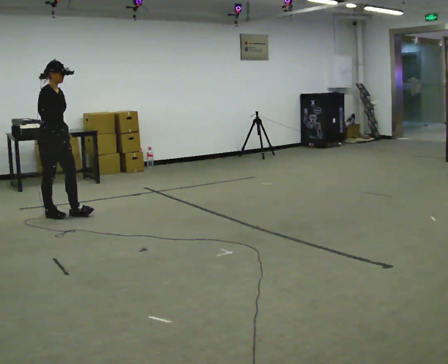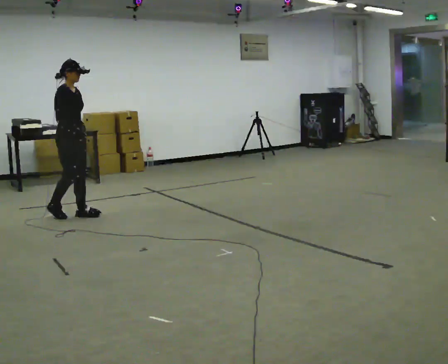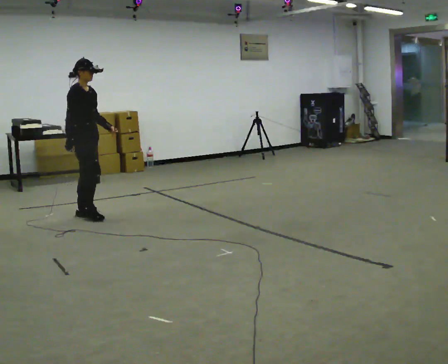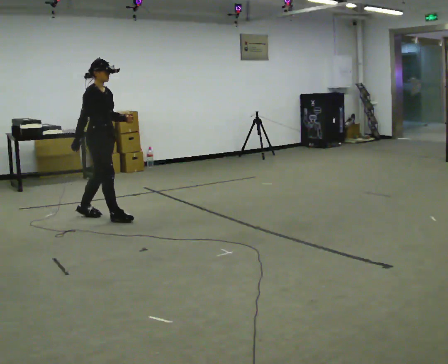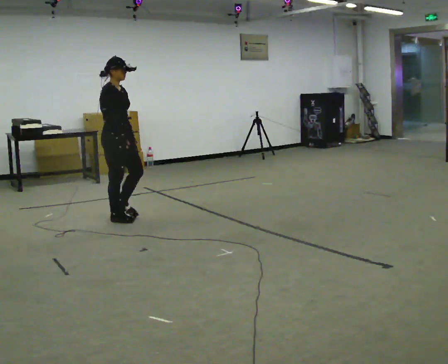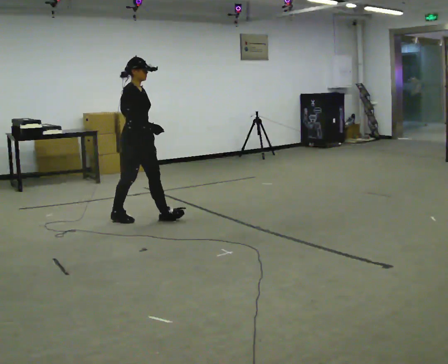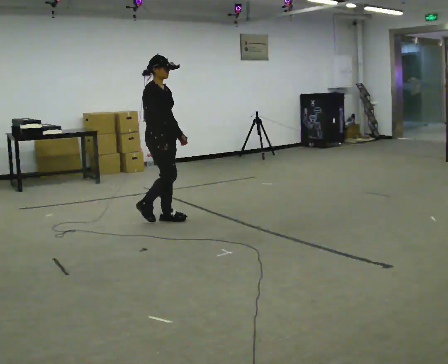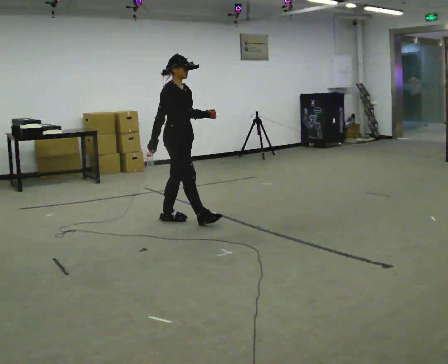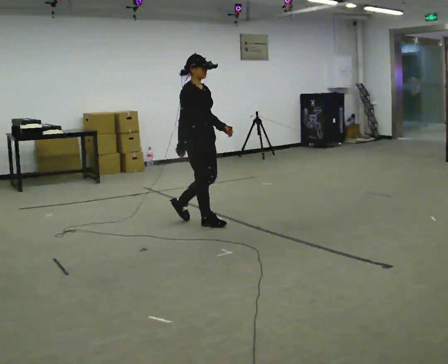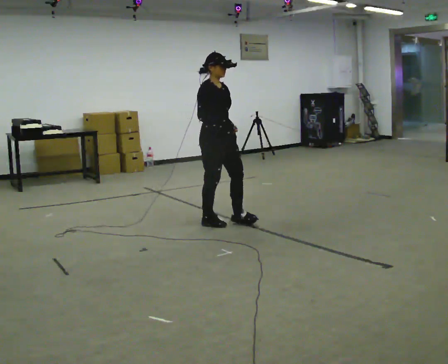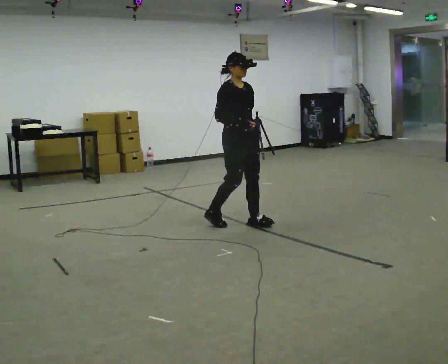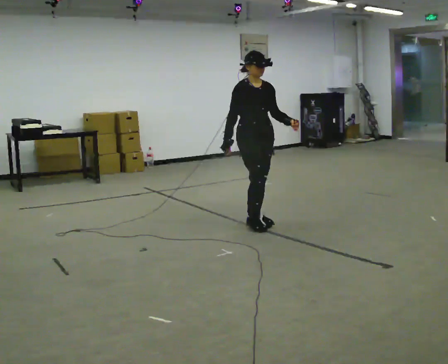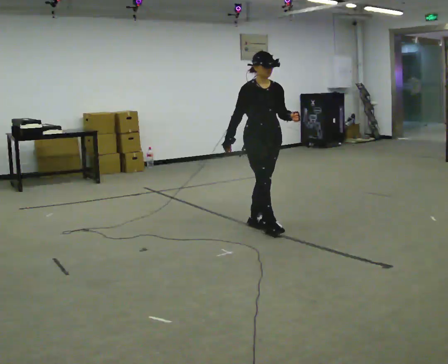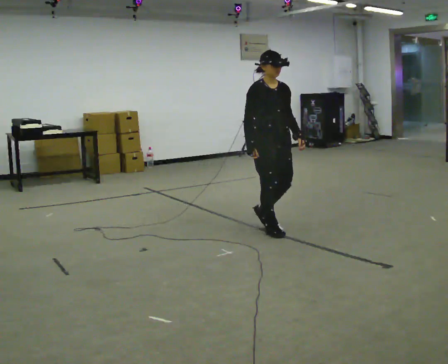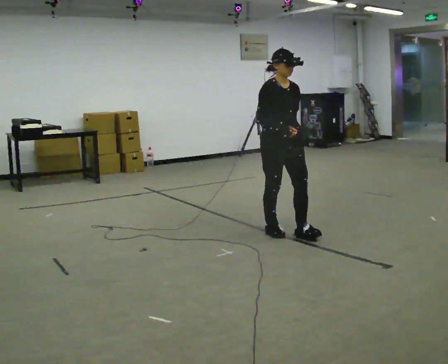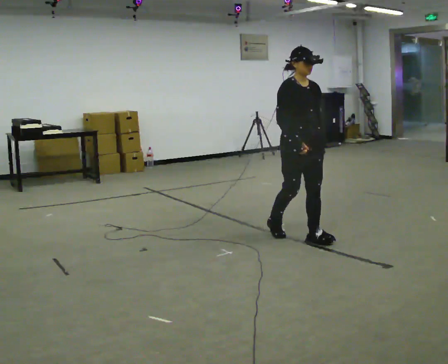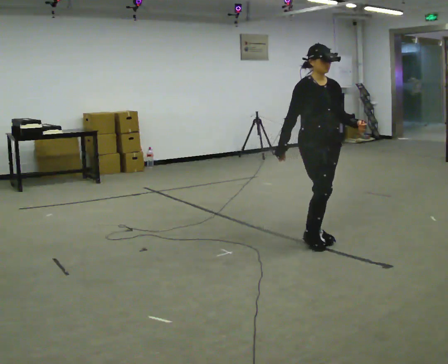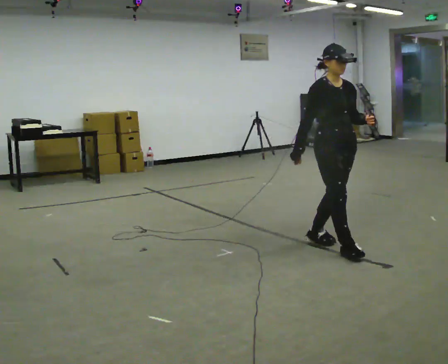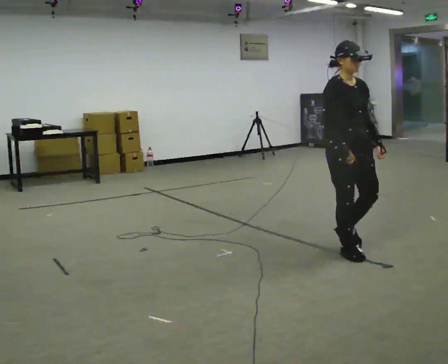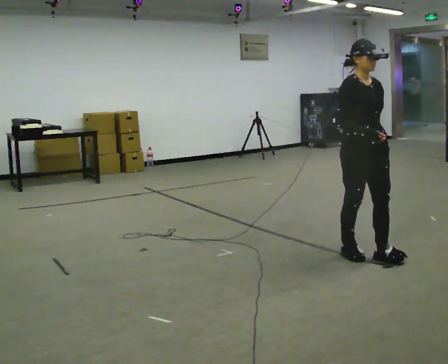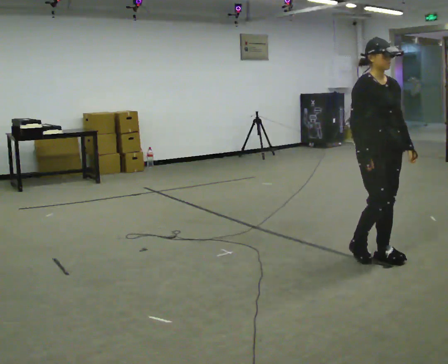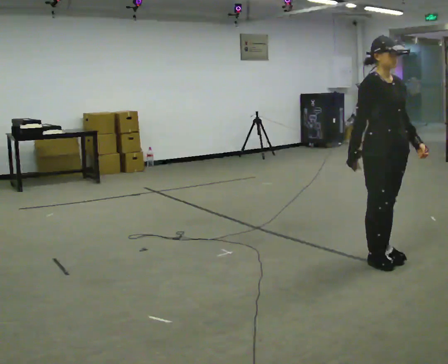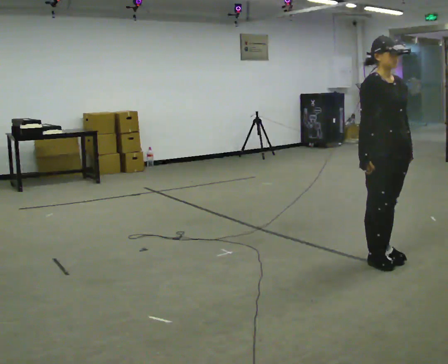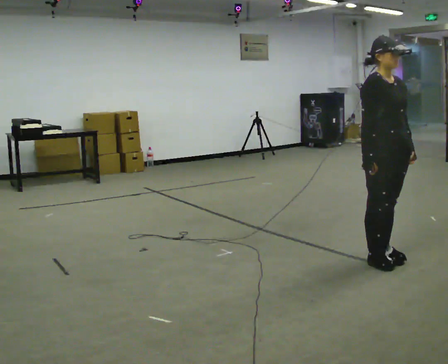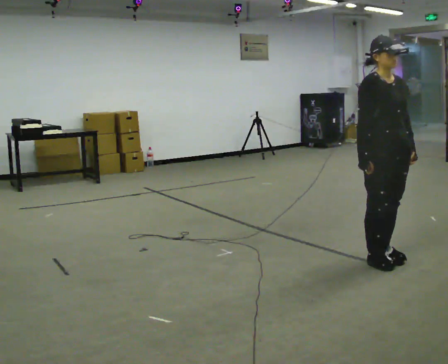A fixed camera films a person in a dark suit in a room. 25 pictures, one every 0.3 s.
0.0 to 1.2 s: In the picture they go to the right, about 0.75 m in 2 steps, which for them is forward.
1.2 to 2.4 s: In the picture they go to the right, about 1 m in 2 steps, which for them is forward.
2.4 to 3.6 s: The person turns about 30 degrees to their right, clockwise seen from above, so the part of the body nearest the lens slides to the left. In the picture they go to the right, about 0.5 m in 2 steps, which for them is forward and to their left.
3.6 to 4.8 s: In the picture they go toward the camera and to the right, about 0.75 m in 1 step, which for them is forward.
4.8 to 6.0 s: In the picture they go toward the camera and to the right, about 0.5 m in 2 steps, which for them is forward.
6.0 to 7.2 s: The person moves a little, or ends about where they began.
The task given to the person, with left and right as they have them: Walk straight; at marker turn ~45° while continuing to walk; continue straight.
The film runs forward here.
